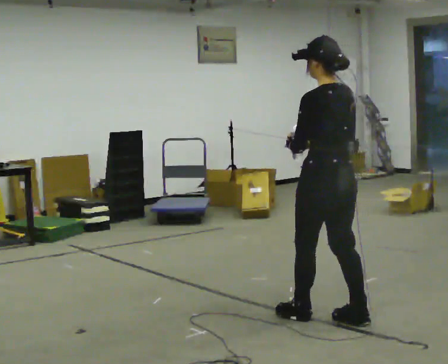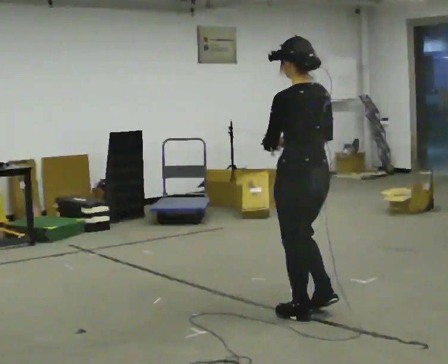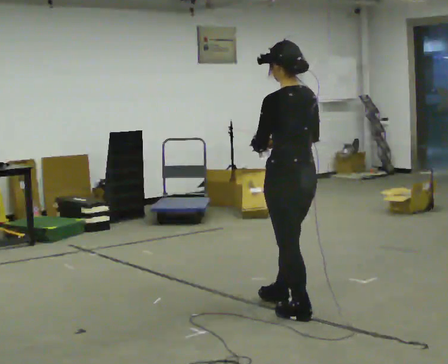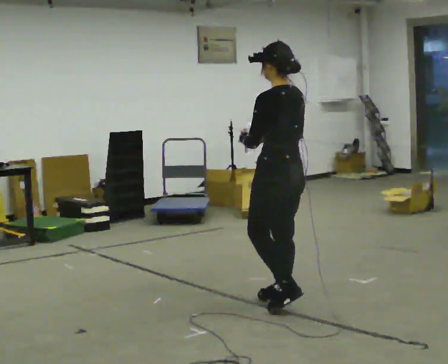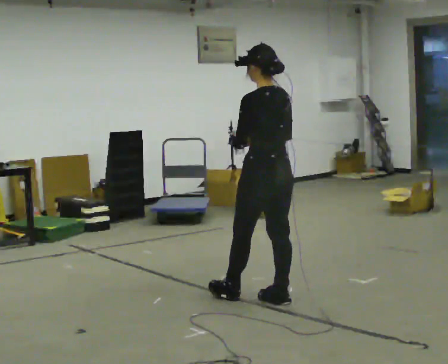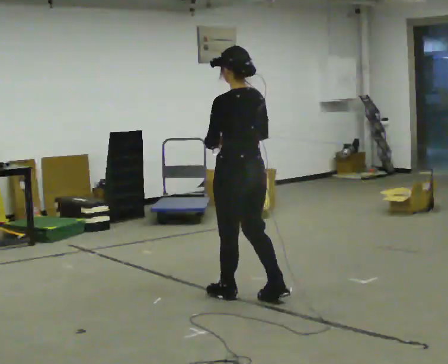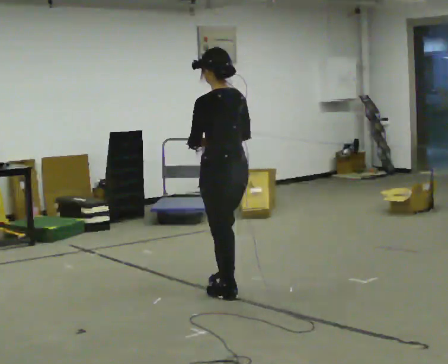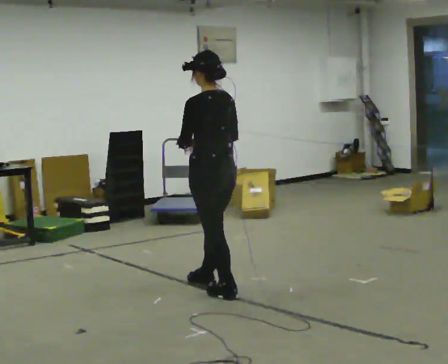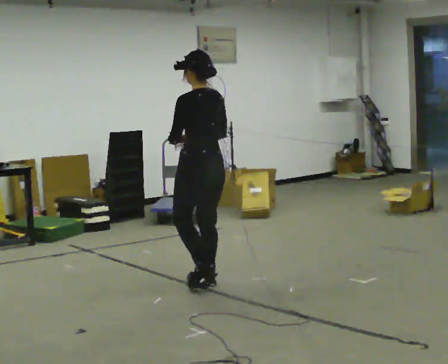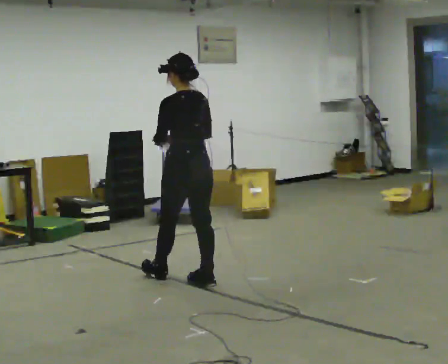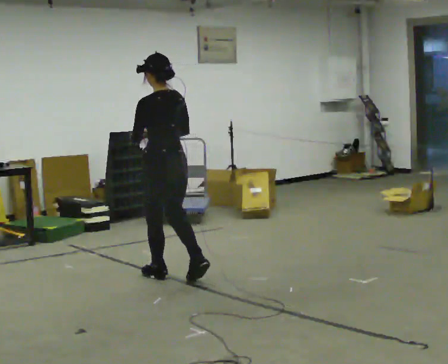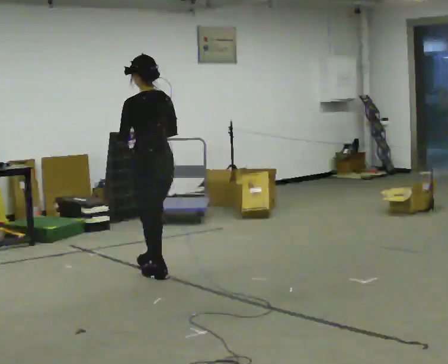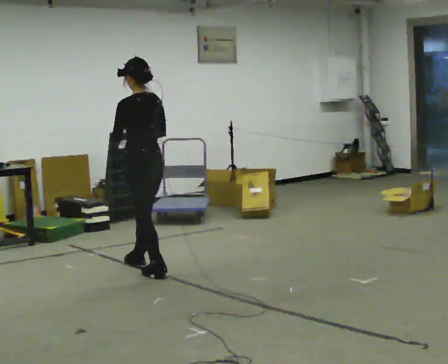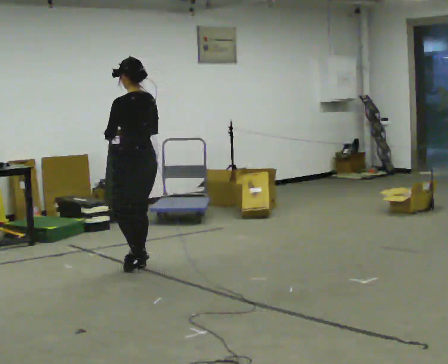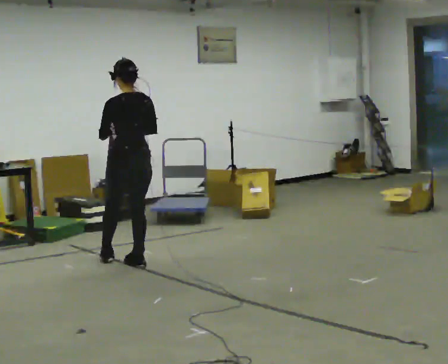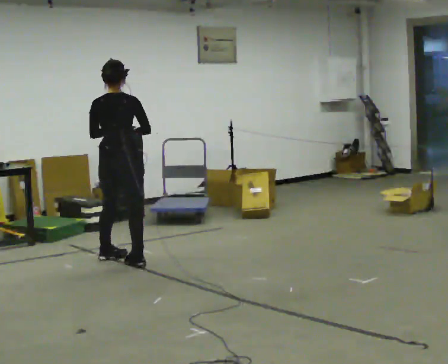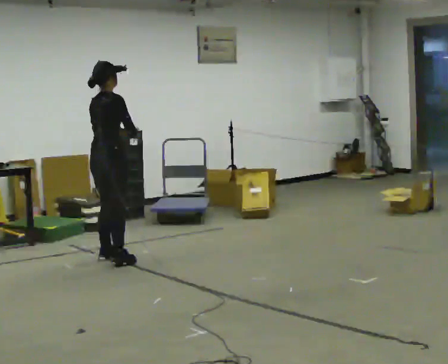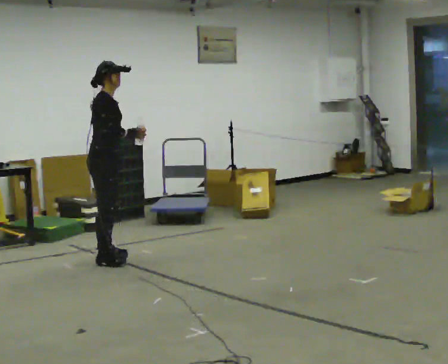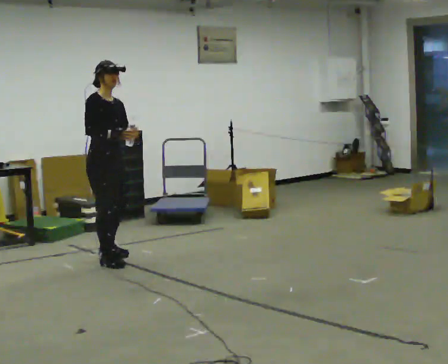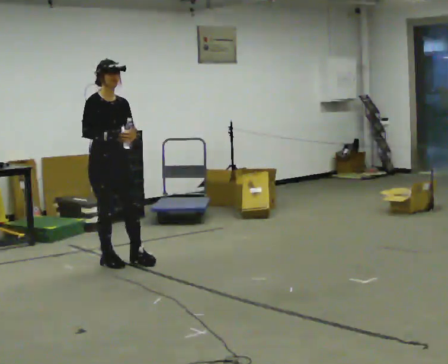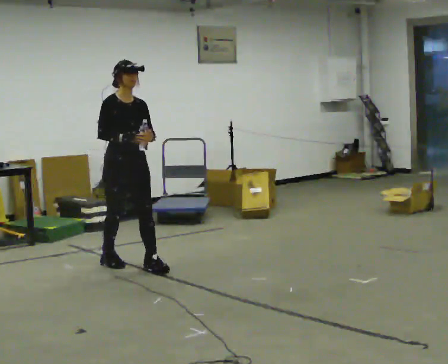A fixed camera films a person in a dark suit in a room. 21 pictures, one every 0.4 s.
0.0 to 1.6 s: In the picture they go away from the camera and to the left, about 0.5 m in 1 step, which for them is forward.
1.6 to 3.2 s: In the picture they go away from the camera and to the left, about 0.5 m in 2 steps, which for them is forward.
3.2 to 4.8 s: In the picture they go away from the camera and to the left, about 0.75 m in 2 steps, which for them is forward.
4.8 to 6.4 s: The part of the body nearest the lens slides to the left as the person turns to their right by about 105 degrees. In the picture they go away from the camera and to the left, about 0.5 m in 1 step.
6.4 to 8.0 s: The person turns about 90 degrees to their right, clockwise seen from above, so the part of the body nearest the lens slides to the left. In the picture they go toward the camera and to the right, about 0.25 m in 2 steps.
The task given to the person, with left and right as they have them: Carry the open container of water across the room without spilling it, back and forth.
The film runs forward here.
